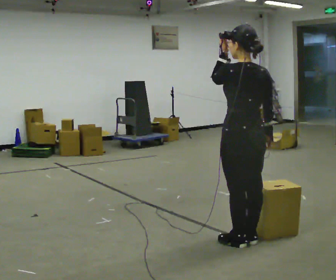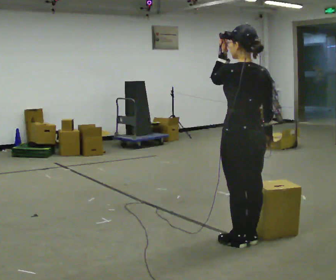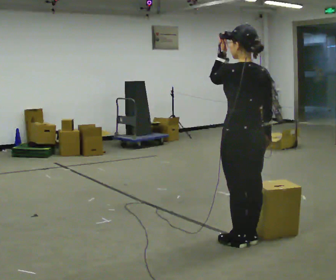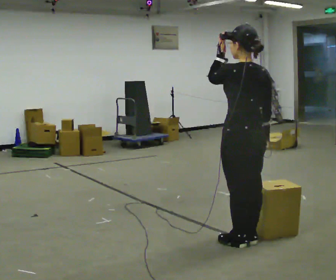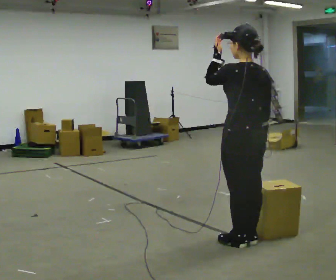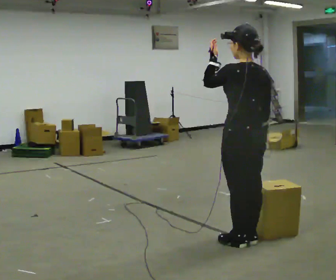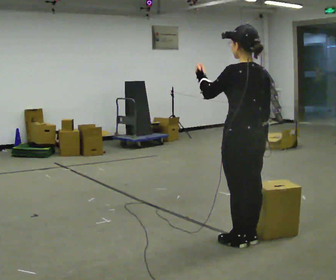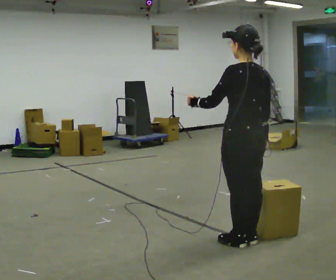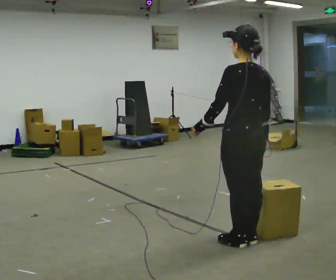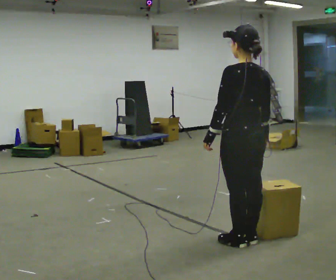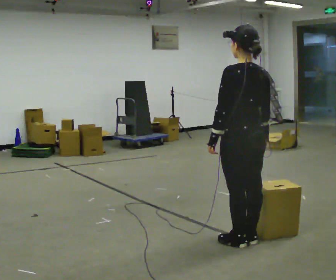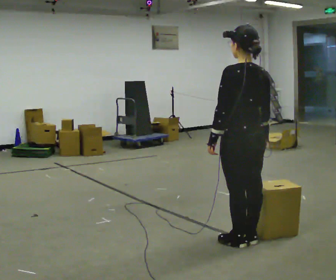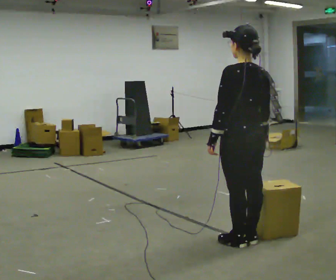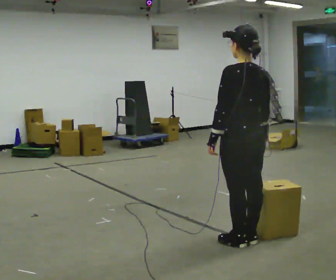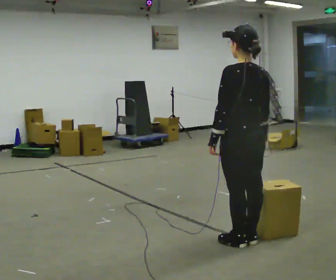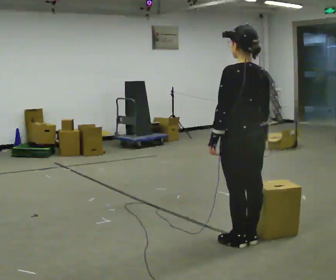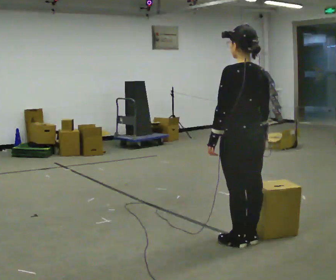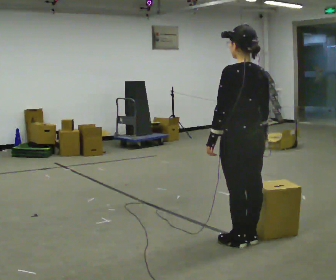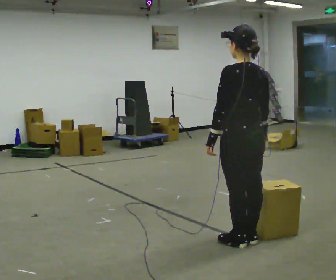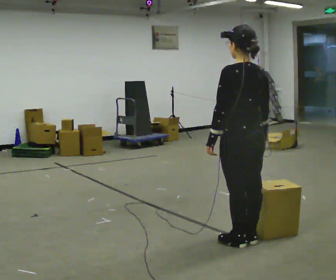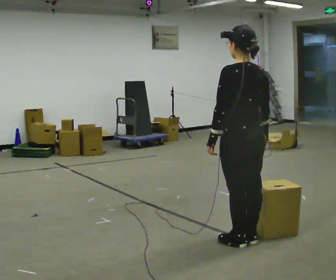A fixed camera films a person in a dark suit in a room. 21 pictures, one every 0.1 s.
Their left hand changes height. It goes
downward.
0.0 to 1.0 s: In the picture their left hand goes downward.
1.0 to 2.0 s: The person moves a little, or ends about where they began.
The film runs backward here.
